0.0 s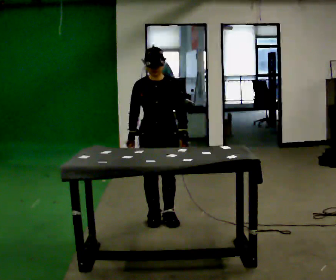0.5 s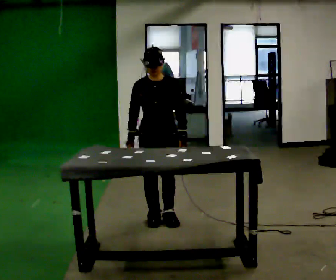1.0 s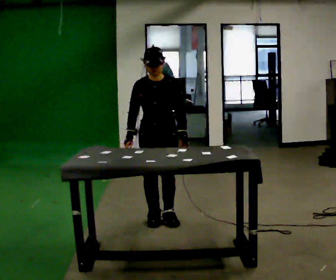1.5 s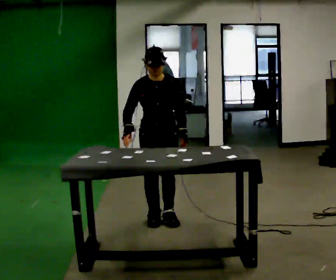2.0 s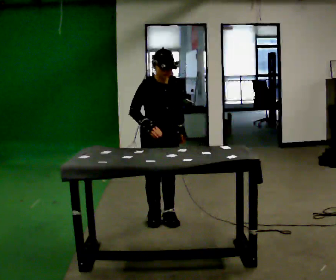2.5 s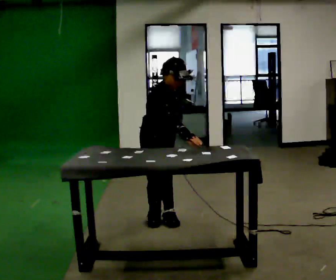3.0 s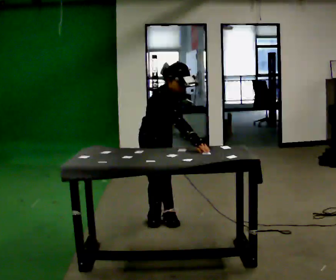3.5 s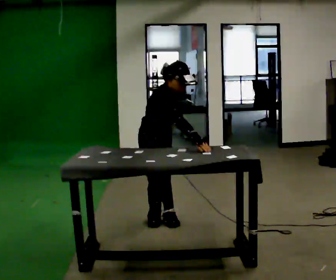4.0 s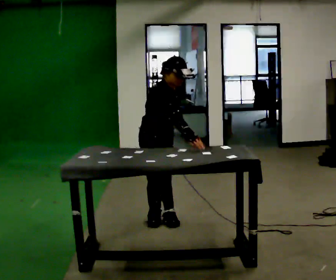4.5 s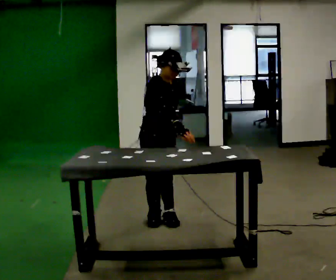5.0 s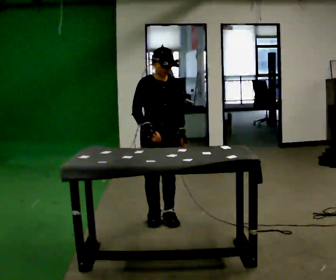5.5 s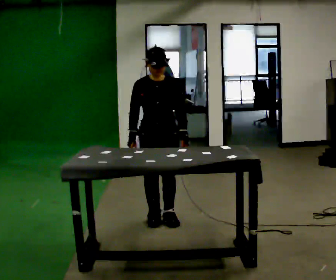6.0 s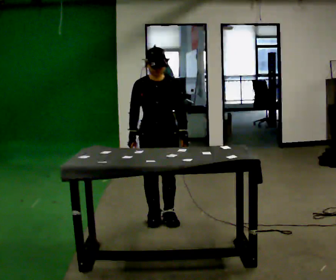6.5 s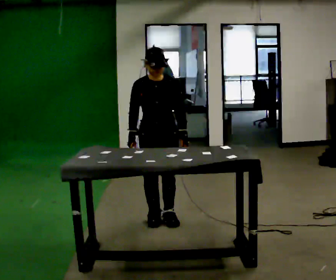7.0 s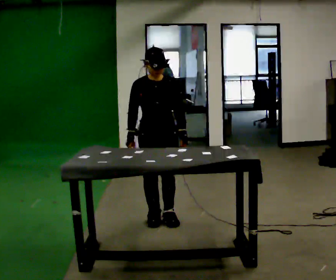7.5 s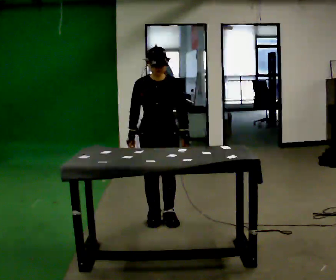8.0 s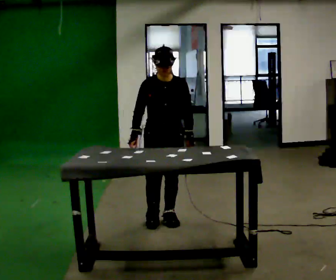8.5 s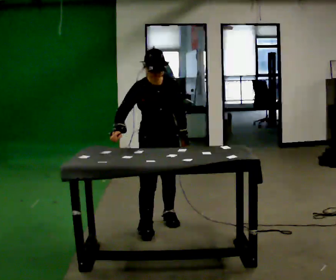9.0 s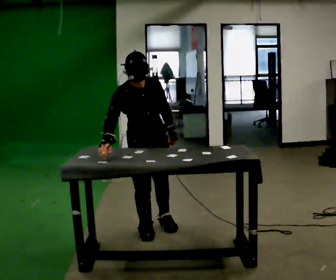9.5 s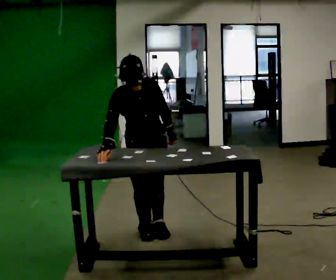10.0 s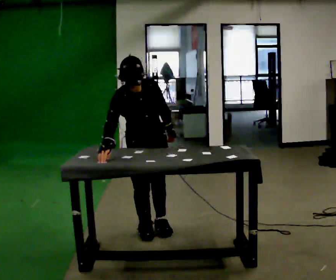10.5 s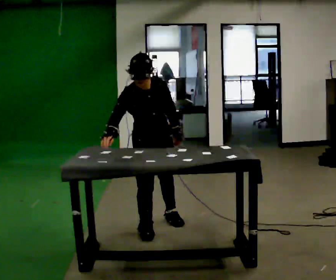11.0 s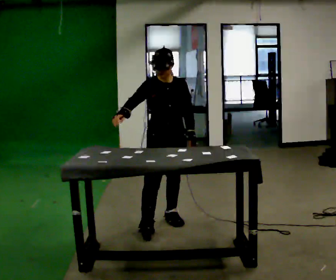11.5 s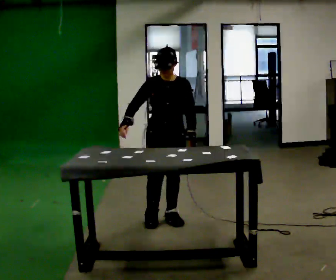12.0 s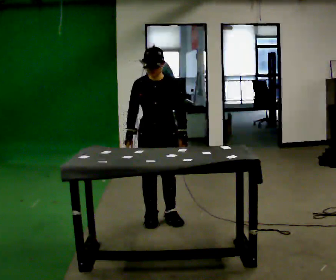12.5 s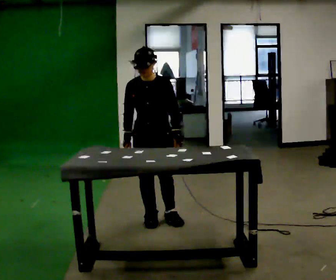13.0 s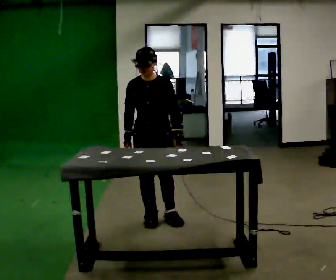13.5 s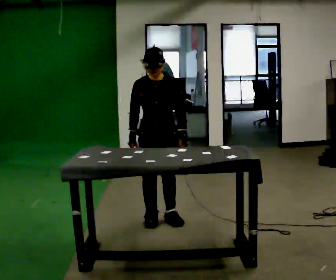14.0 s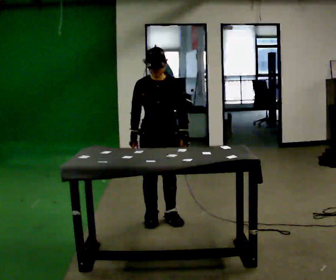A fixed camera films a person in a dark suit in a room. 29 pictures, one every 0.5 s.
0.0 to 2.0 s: The person moves a little, or ends about where they began.
2.0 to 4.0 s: Seen from above the body turns counterclockwise, about 30 degrees: to their left, with its near side sliding to the right.
4.0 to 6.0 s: The part of the body nearest the lens slides to the left as the person turns to their right by about 45 degrees. The upper body tips away from the camera, its near side rolling upward, as they lean back or straighten. In the picture their right hand goes to the left.
6.0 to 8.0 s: The person moves a little, or ends about where they began.
8.0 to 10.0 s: In the picture they go toward the camera and to the left, about 0.25 m in 2 steps, which for them is to their right. The upper body tips toward the camera, its near side rolling downward, as they bend forward.
10.0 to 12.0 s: In the picture they go away from the camera, about 0.25 m in 1 step, which for them is to their left and backward. The upper body tips away from the camera, its near side rolling upward, as they lean back or straighten.
12.0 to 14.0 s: The person moves a little, or ends about where they began.
The film runs backward here.
